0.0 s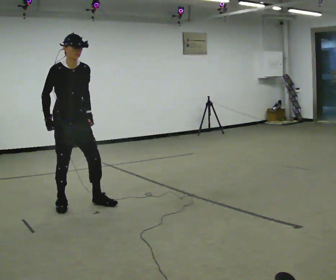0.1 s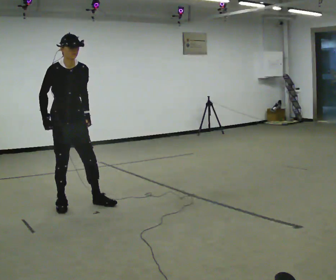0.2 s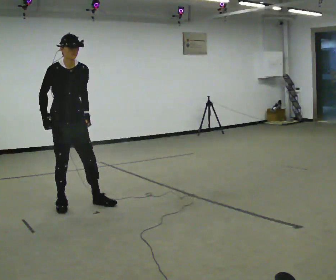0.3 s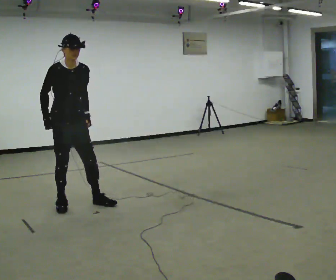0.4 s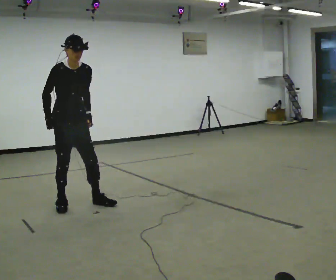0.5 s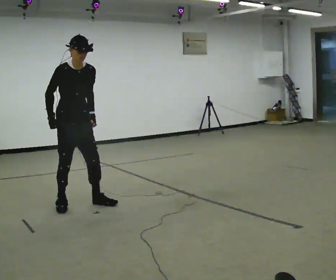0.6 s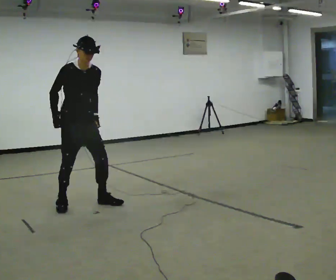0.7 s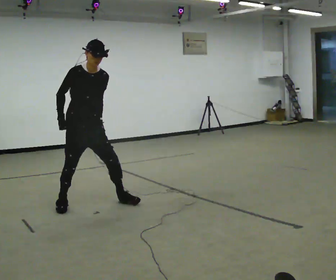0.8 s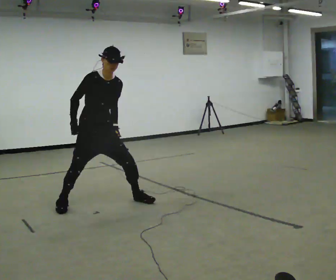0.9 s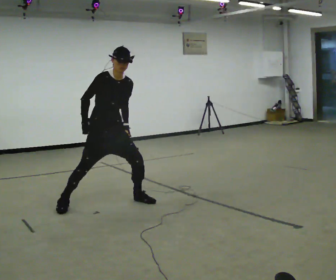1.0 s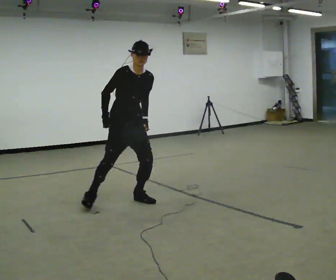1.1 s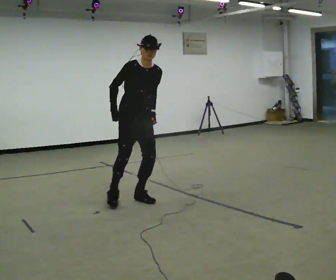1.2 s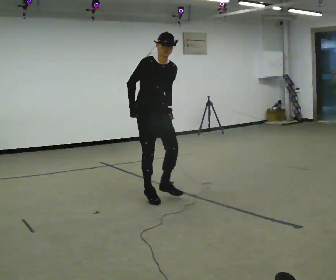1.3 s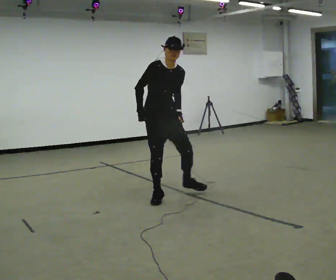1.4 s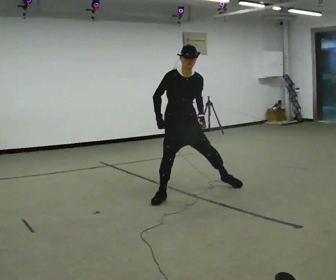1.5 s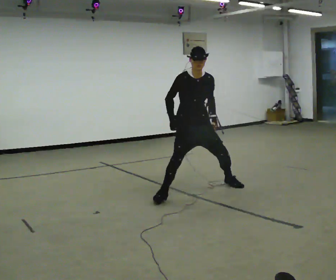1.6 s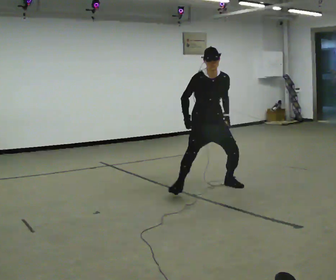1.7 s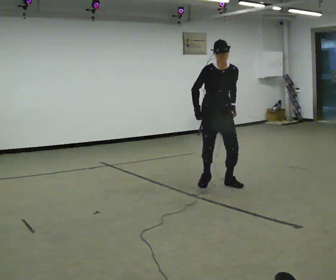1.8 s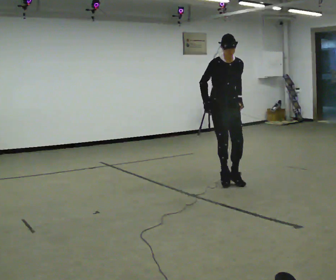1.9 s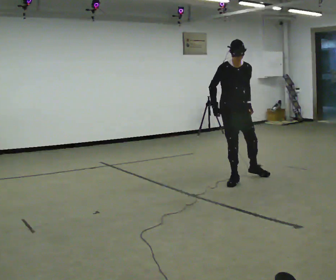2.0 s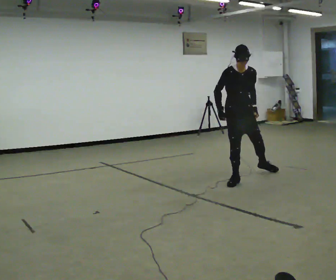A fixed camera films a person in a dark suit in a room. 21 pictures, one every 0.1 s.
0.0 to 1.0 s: In the picture they go to the right, about 0.5 m in 2 steps, which for them is to their left.
1.0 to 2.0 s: In the picture they go to the right and away from the camera, about 1.5 m in 2 steps, which for them is to their left. In the picture the upper body tilts counterclockwise, shoulders to the left.
The film runs backward here.
